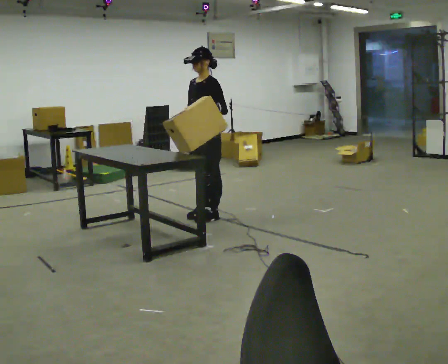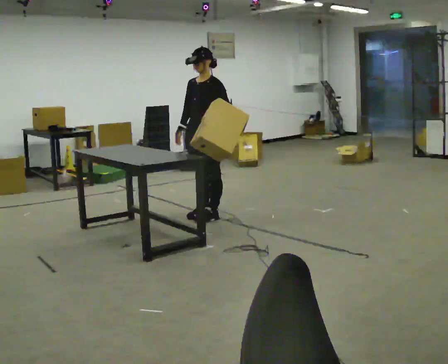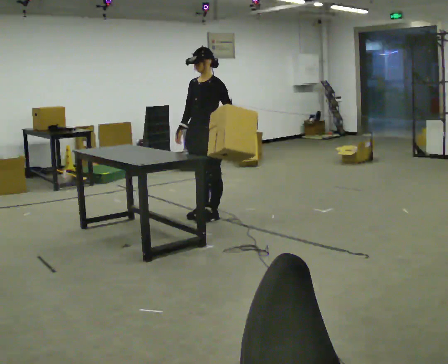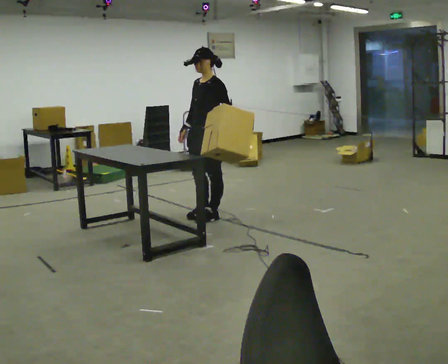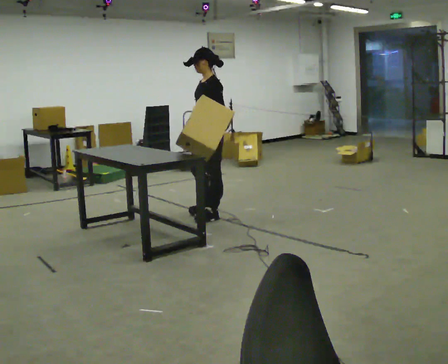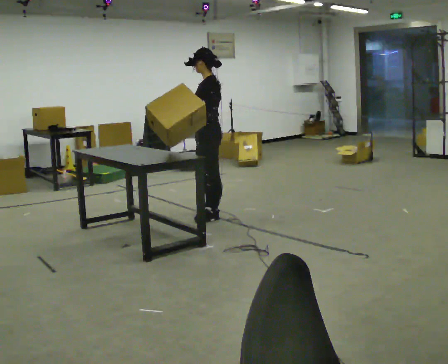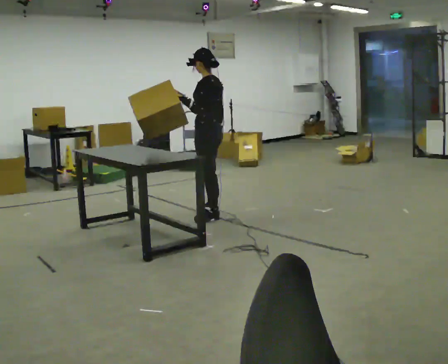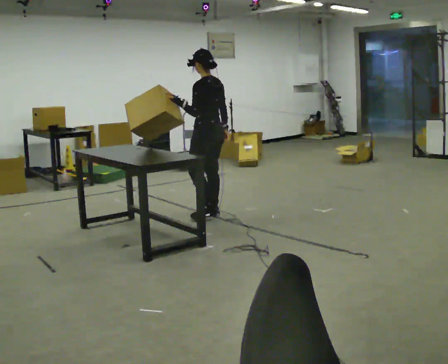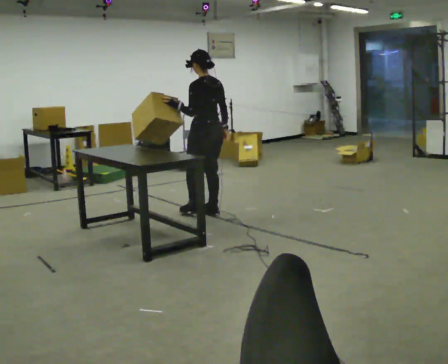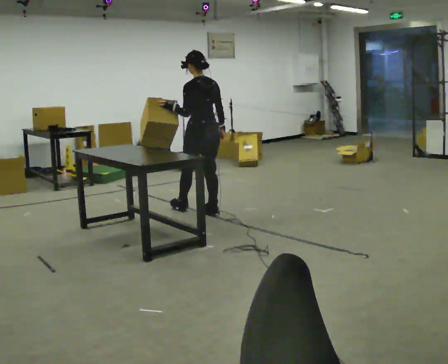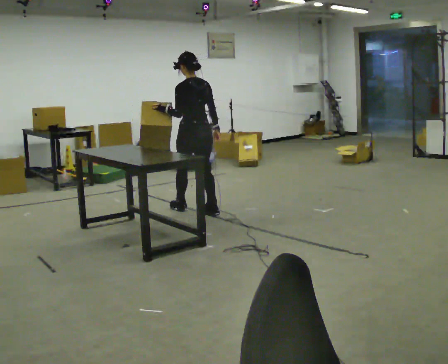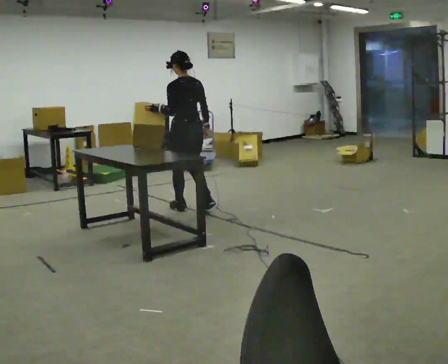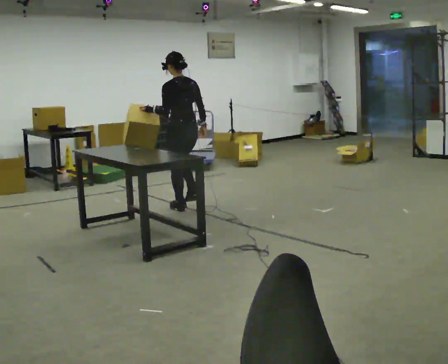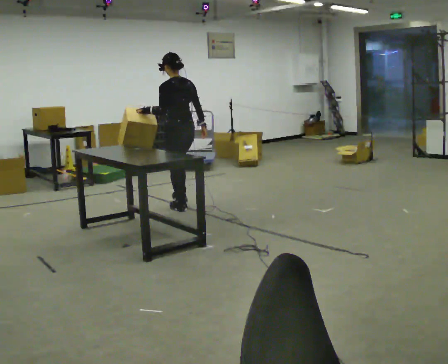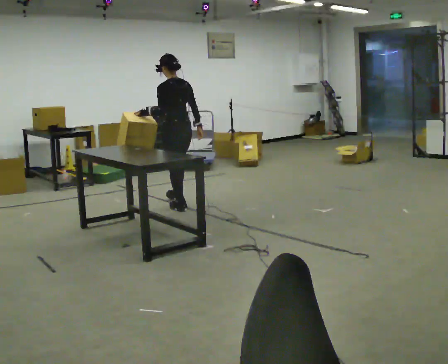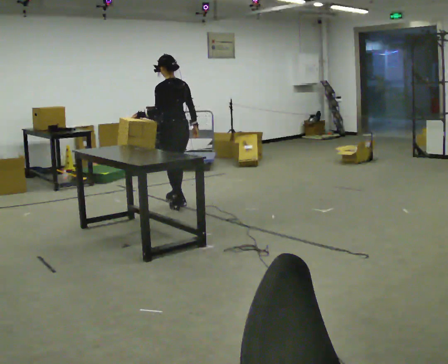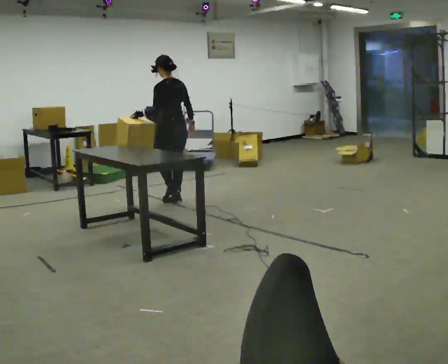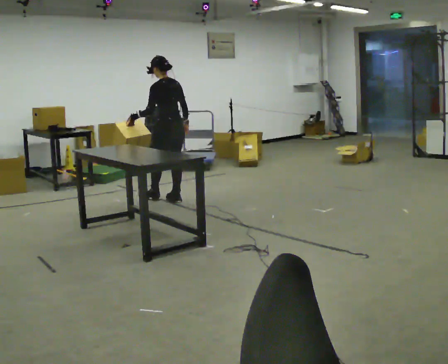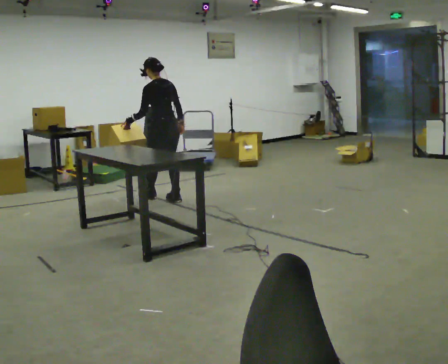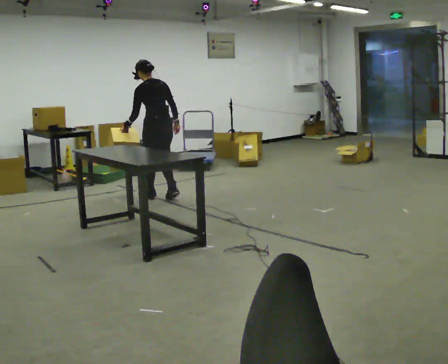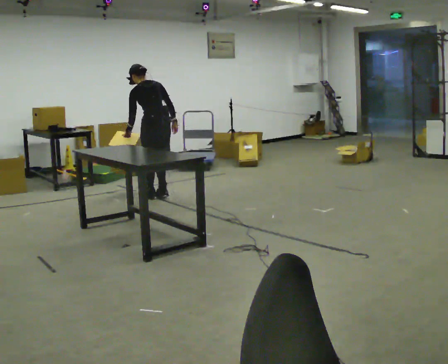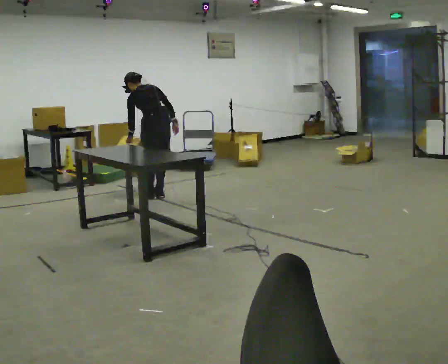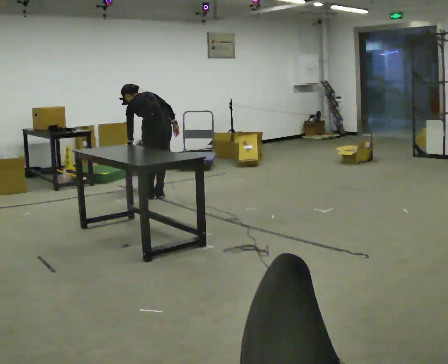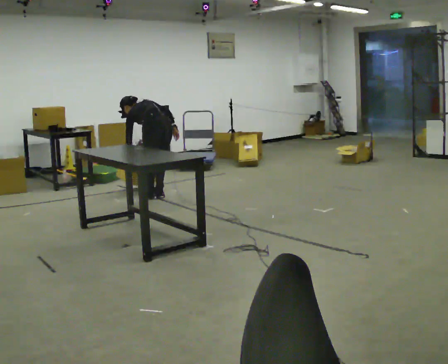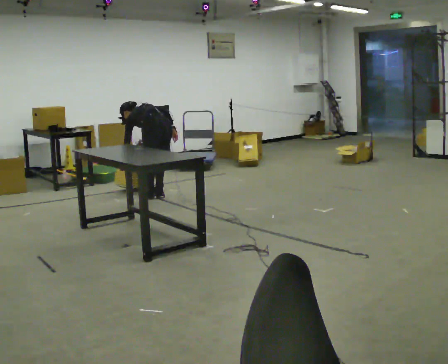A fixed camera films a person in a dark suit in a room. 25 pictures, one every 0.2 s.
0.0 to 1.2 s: Seen from above the body turns clockwise, about 60 degrees: to their right, with its near side sliding to the left. In the picture their left hand goes to the left.
1.2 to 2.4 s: The part of the body nearest the lens slides to the left as the person turns to their right by about 30 degrees. In the picture they go away from the camera and to the left, about 0.5 m in 1 step, which for them is forward.
2.4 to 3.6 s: In the picture they go away from the camera and to the left, about 0.5 m in 2 steps, which for them is forward.
3.6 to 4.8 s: The upper body goes downward. The upper body tips away from the camera, its near side rolling upward, as they bend forward.
The film runs forward here.
